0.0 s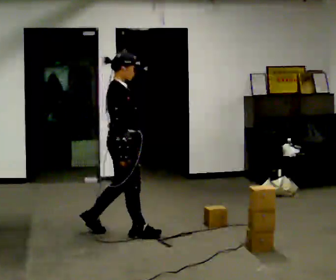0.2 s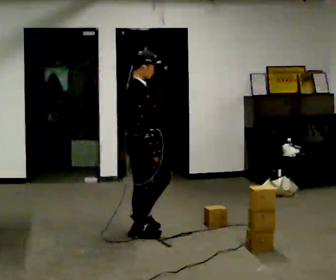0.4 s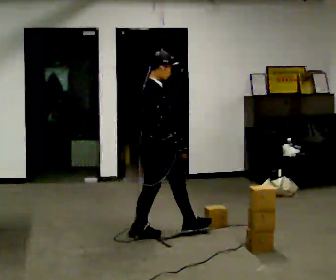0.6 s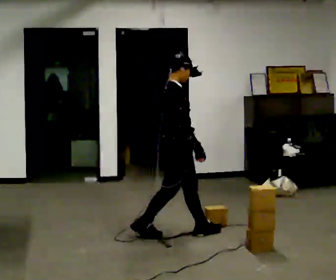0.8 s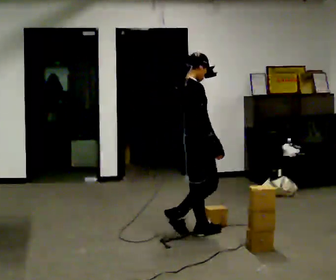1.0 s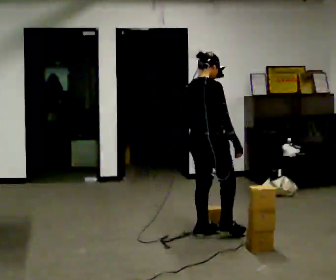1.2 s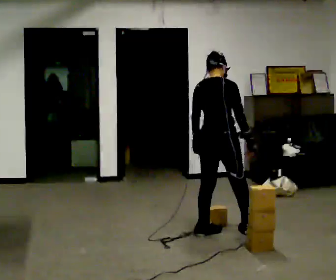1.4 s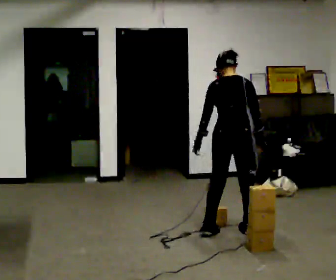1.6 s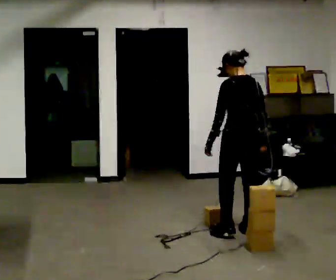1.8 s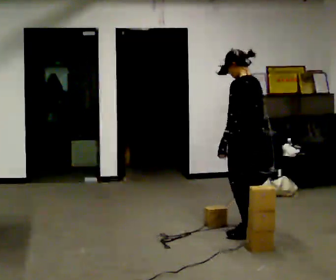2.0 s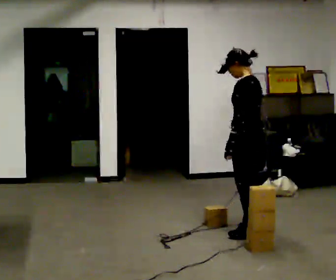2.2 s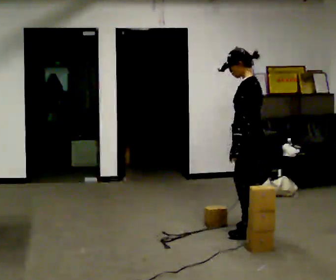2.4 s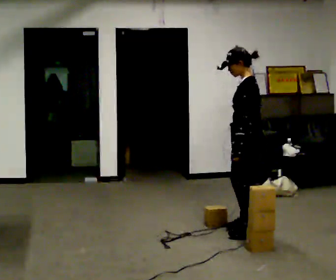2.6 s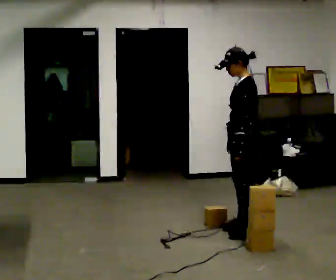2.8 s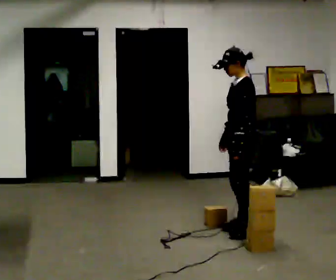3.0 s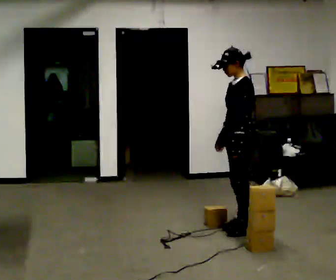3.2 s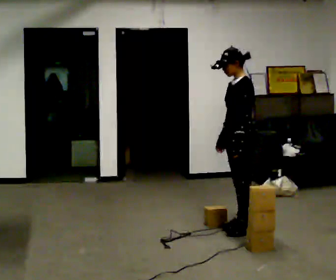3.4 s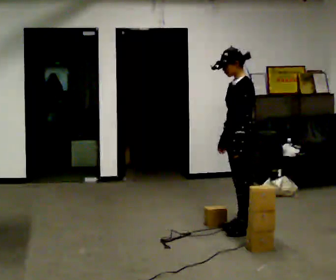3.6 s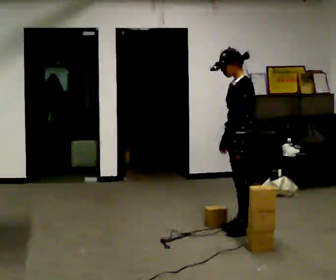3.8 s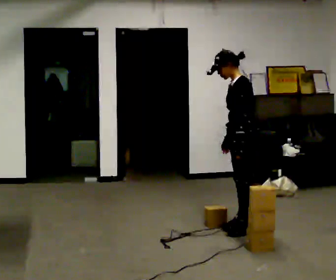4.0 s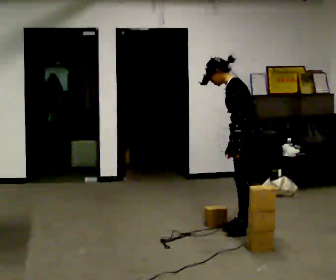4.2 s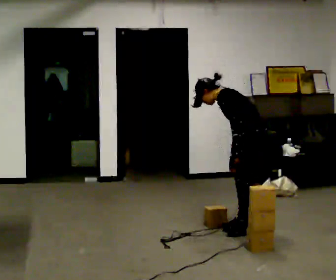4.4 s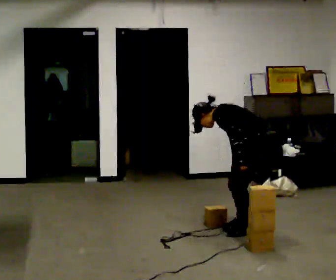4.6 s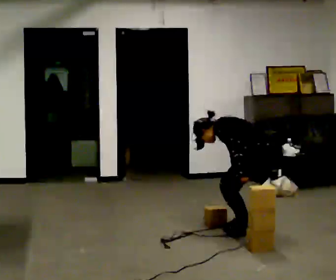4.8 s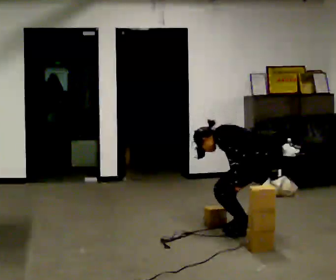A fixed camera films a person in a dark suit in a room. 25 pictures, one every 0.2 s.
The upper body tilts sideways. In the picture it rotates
counterclockwise.
The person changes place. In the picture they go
to the right.
0.0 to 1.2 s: The part of the body nearest the lens slides to the right as the person turns to their left by about 60 degrees. In the picture they go to the right, about 1 m in 1 step.
1.2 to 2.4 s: The person turns about 105 degrees to their left, counterclockwise seen from above, so the part of the body nearest the lens slides to the right. In the picture they go to the right, about 0.25 m in 2 steps.
2.4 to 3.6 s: The person moves a little, or ends about where they began.
3.6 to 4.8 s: The upper body goes downward. In the picture the upper body tilts counterclockwise, shoulders to the left, as they bend forward.
The film runs forward here.
